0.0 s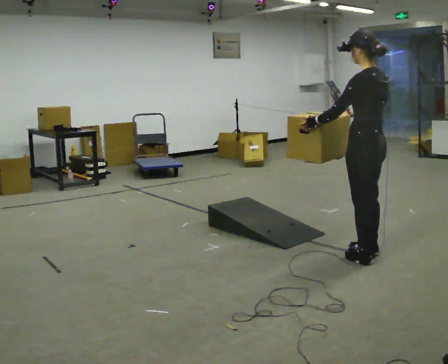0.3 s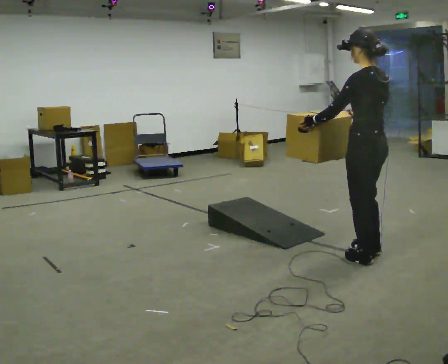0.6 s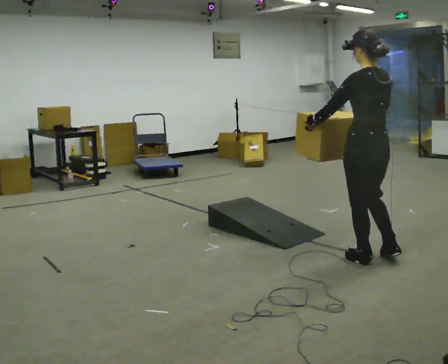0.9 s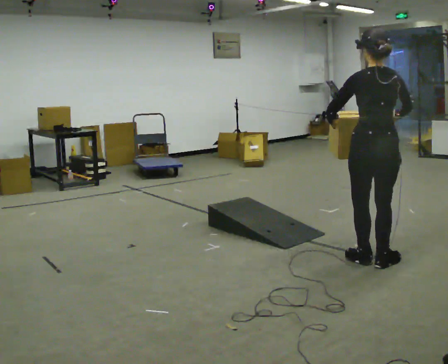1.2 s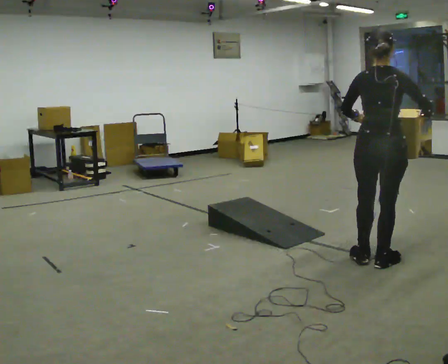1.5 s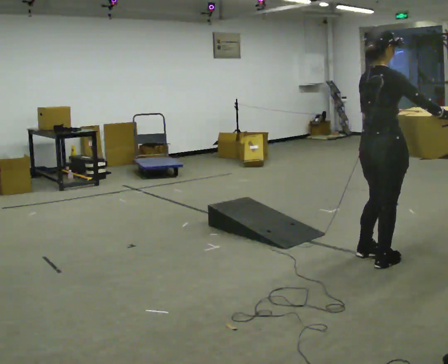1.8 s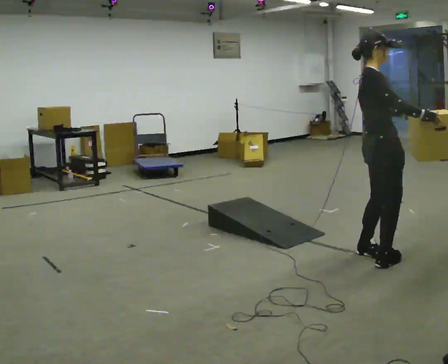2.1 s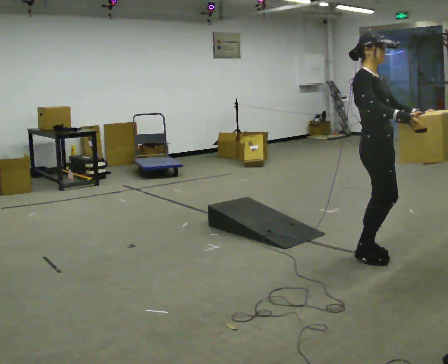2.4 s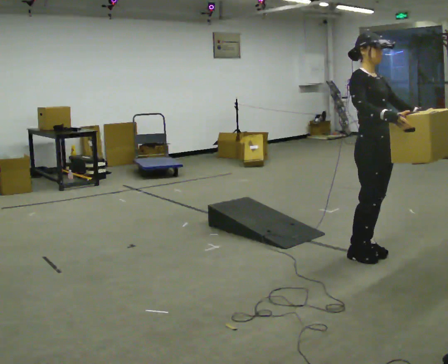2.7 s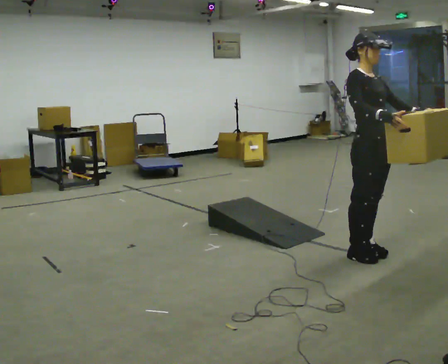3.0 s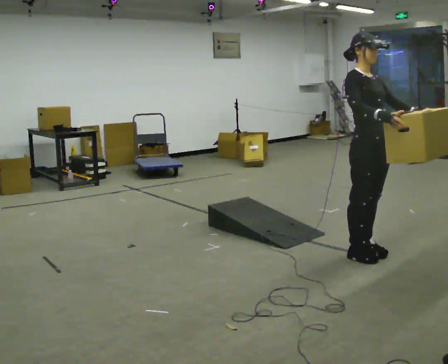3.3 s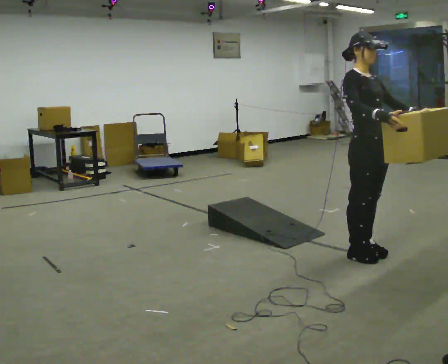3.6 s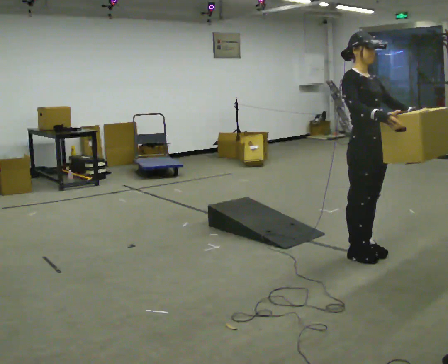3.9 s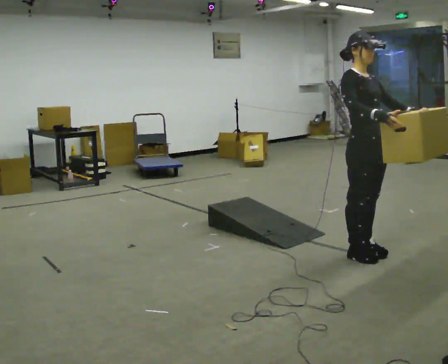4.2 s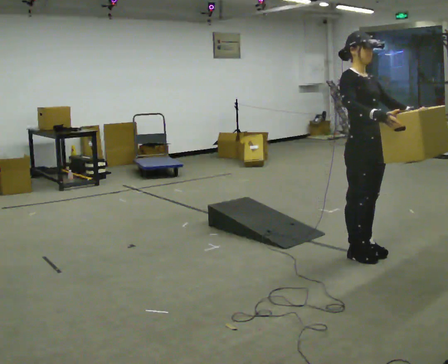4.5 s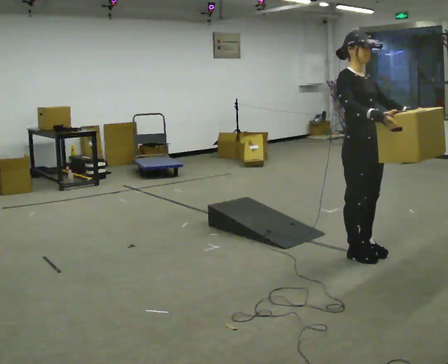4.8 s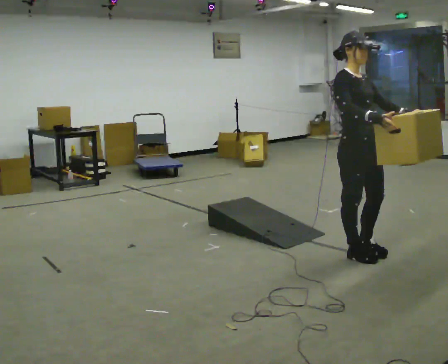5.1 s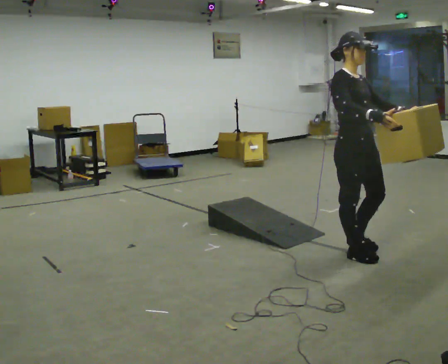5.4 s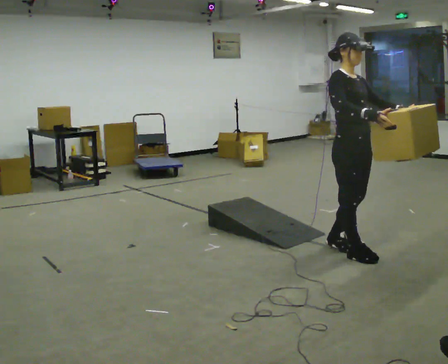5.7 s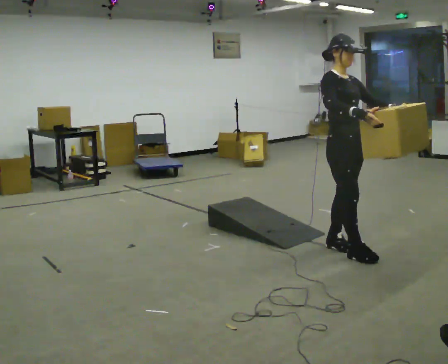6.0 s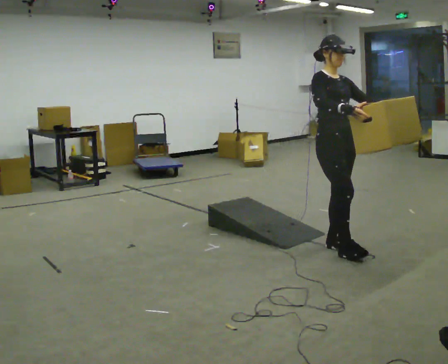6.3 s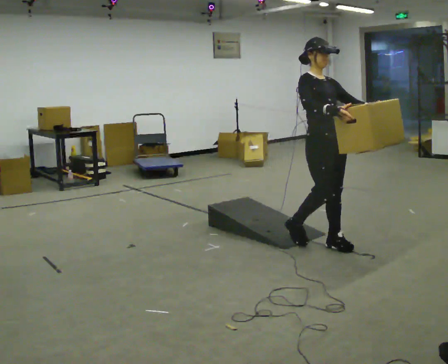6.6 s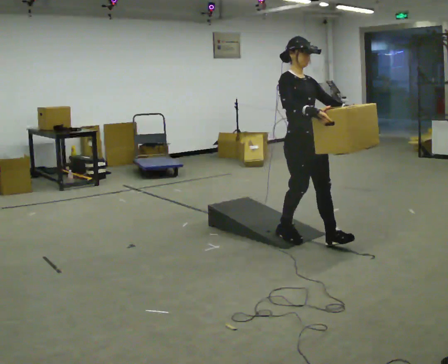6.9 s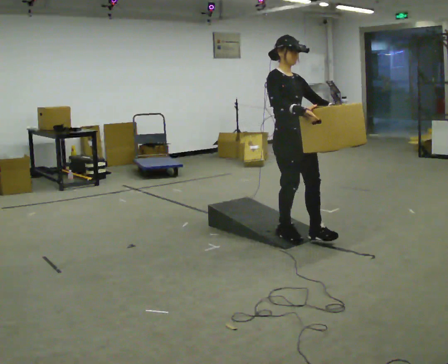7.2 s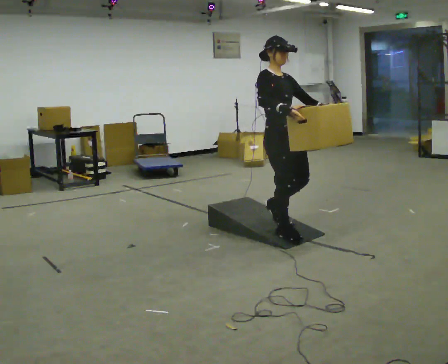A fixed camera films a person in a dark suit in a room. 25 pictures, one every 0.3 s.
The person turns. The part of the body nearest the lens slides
to the left.
The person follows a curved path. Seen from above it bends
counterclockwise.
0.0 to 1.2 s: Seen from above the body turns clockwise, about 75 degrees: to their right, with its near side sliding to the left. In the picture they go toward the camera, about 0.25 m in 1 step. In the picture their right hand goes to the right.
1.2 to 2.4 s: Seen from above the body turns clockwise, about 105 degrees: to their right, with its near side sliding to the left. In the picture they go away from the camera, about 0.25 m in 2 steps. In the picture their right hand goes to the left.
2.4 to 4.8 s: The person moves a little, or ends about where they began.
4.8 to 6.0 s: In the picture they go away from the camera, about 0.25 m in 2 steps, which for them is backward.
6.0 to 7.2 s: In the picture they go to the left and away from the camera, about 0.5 m in 1 step, which for them is backward.
The film runs backward here.
